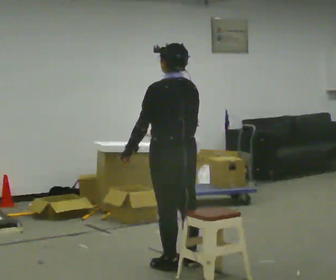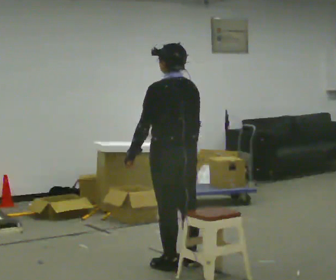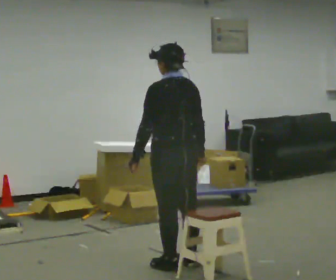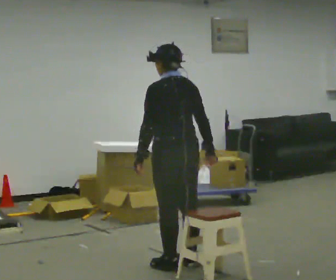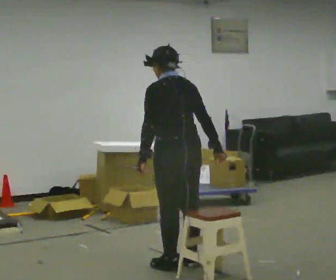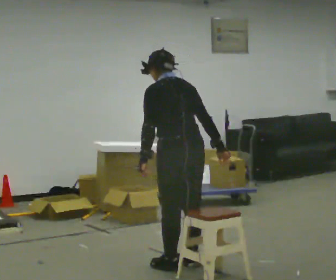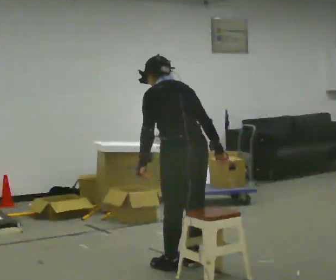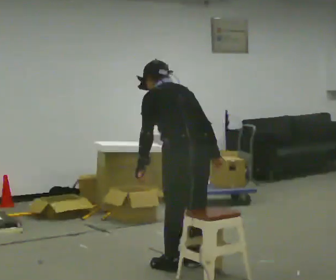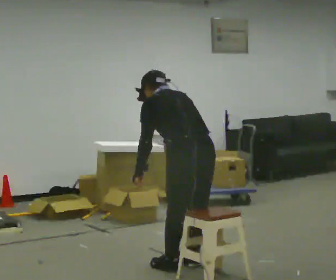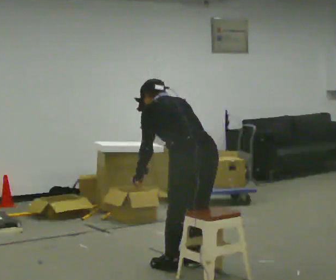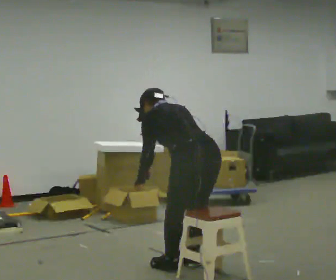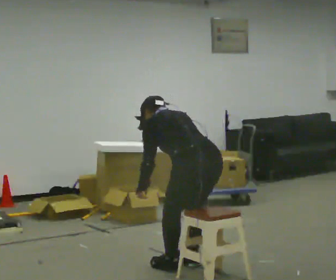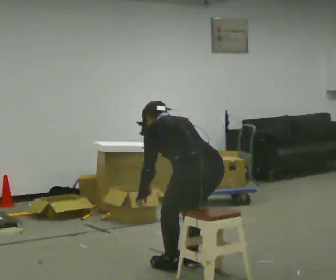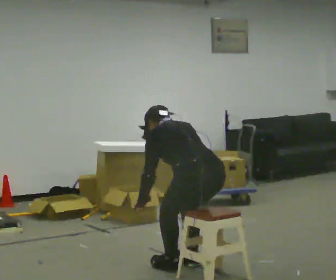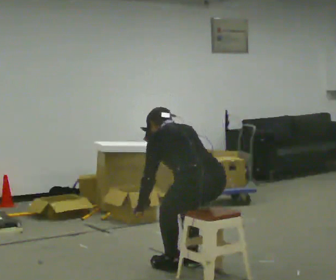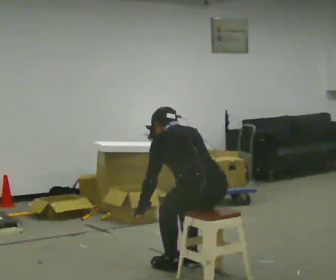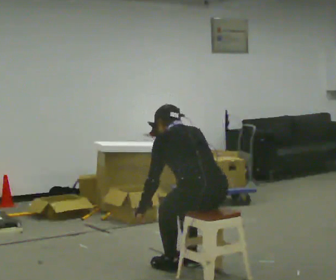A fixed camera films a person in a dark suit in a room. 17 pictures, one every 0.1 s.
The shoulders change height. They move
downward.
0.0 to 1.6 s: In the picture they go toward the camera and to the right, about 0.25 m, which for them is backward. The upper body goes downward. In the picture their left hand goes downward.
The film runs forward here.
